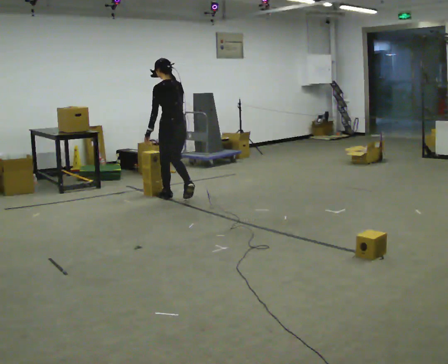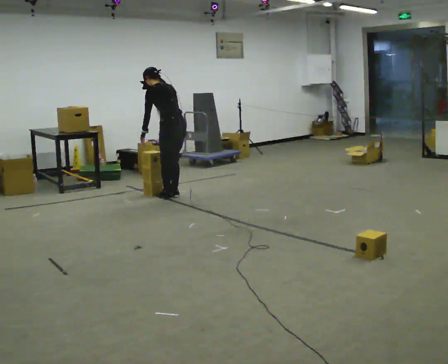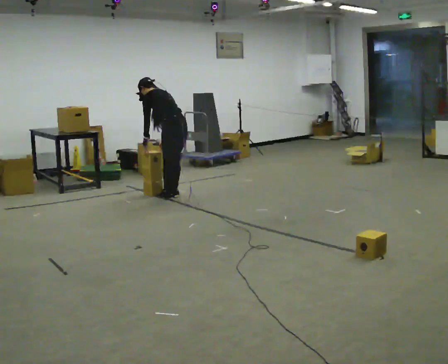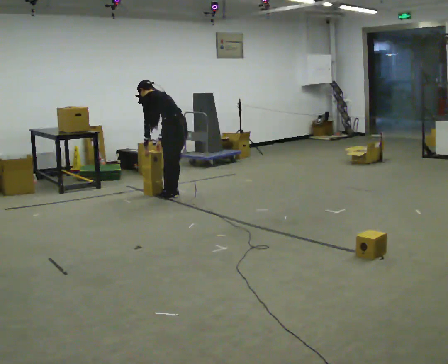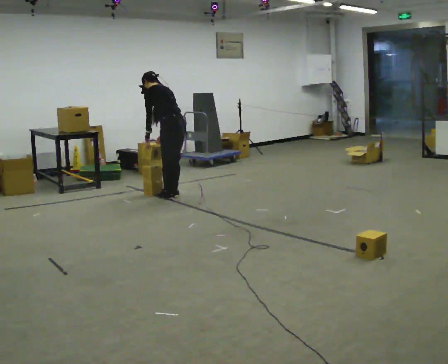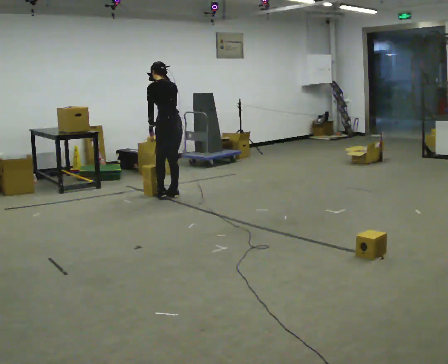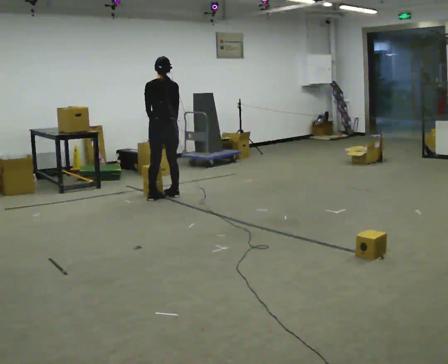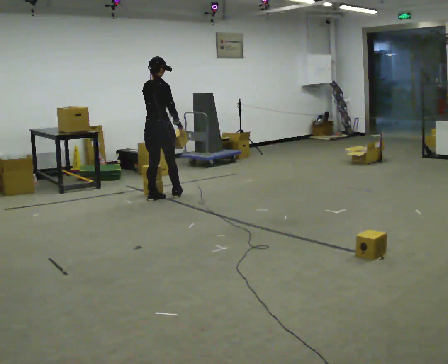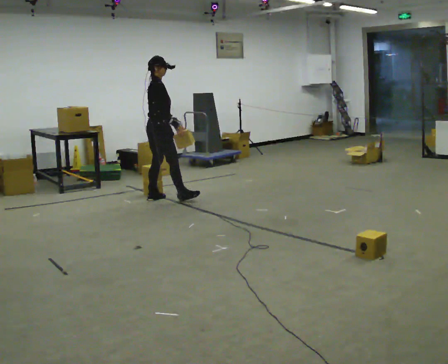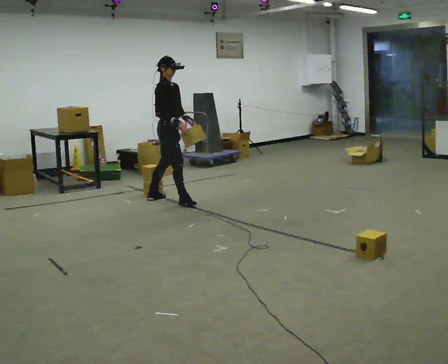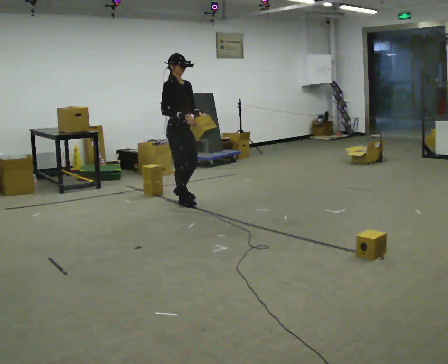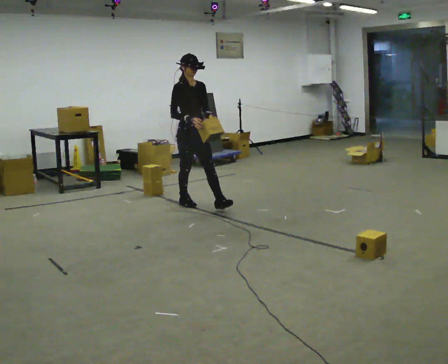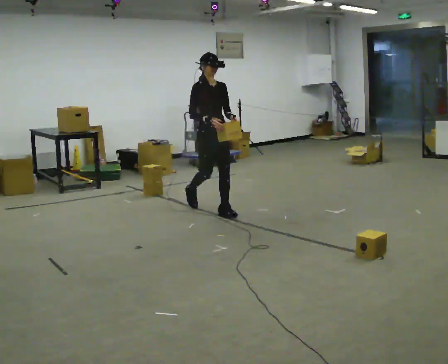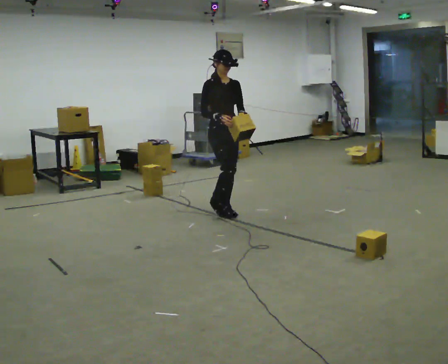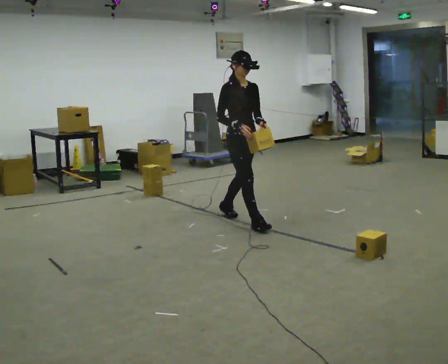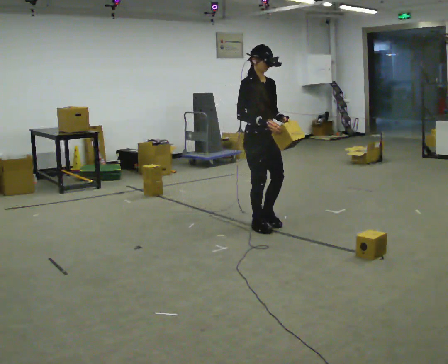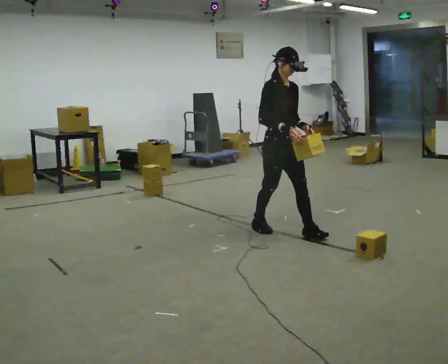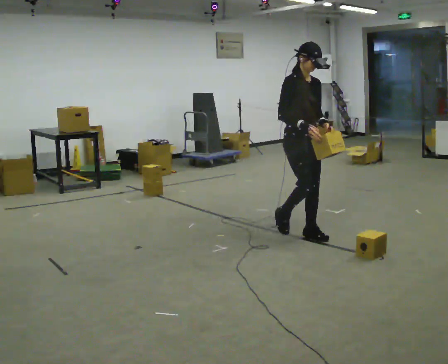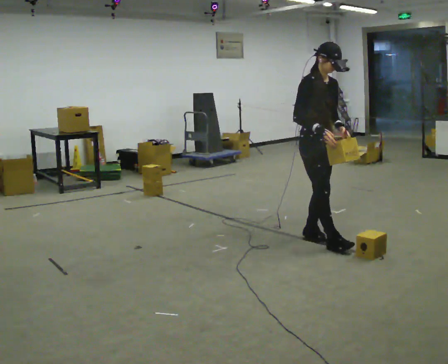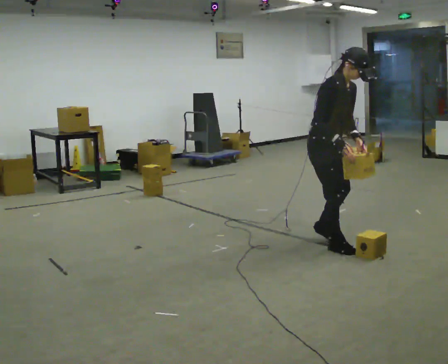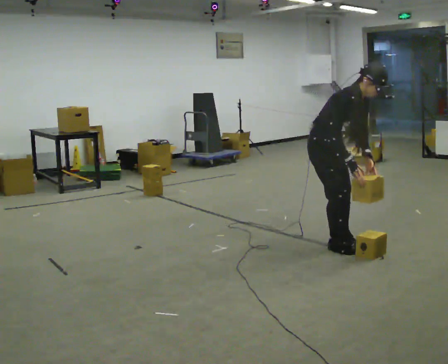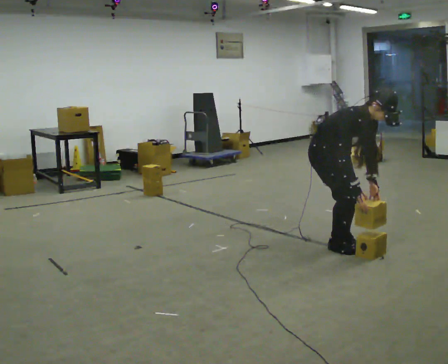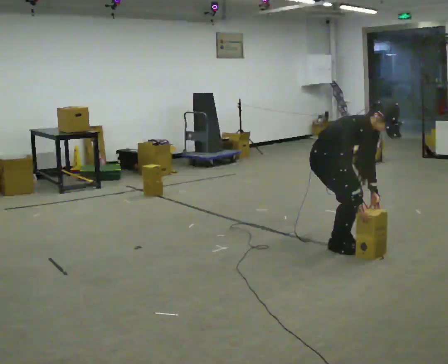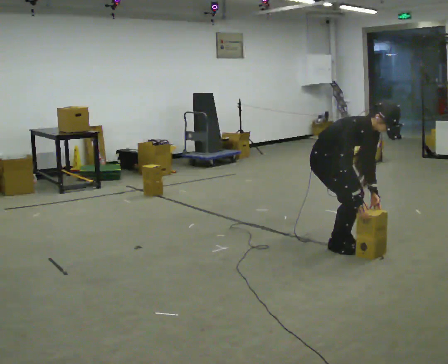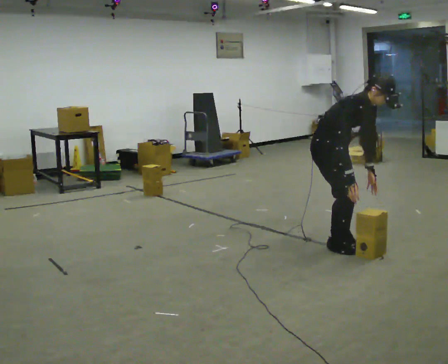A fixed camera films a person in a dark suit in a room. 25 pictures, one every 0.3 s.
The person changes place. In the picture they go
toward the camera.
0.0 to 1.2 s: The person moves a little, or ends about where they began.
1.2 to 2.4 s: The part of the body nearest the lens slides to the left as the person turns to their right by about 135 degrees. In the picture they go to the left, about 0.25 m in 1 step. The upper body tips toward the camera, its near side rolling downward, as they lean back or straighten. In the picture their left hand goes to the right, the arm swinging counterclockwise.
2.4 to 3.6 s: The person turns about 75 degrees to their right, clockwise seen from above, so the part of the body nearest the lens slides to the left. In the picture they go toward the camera and to the right, about 1 m in 2 steps.
3.6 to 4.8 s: In the picture they go toward the camera and to the right, about 1 m in 2 steps, which for them is forward.
4.8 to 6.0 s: In the picture they go toward the camera and to the right, about 0.5 m in 2 steps, which for them is forward. The upper body tips toward the camera, its near side rolling downward, as they bend forward.
6.0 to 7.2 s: The person moves a little, or ends about where they began.
The film runs forward here.
